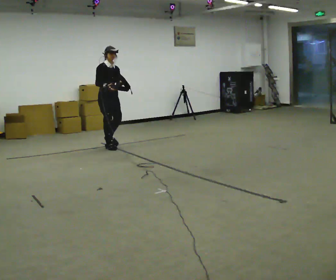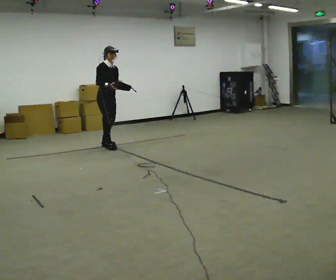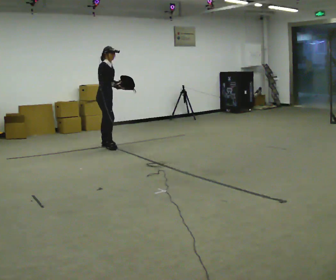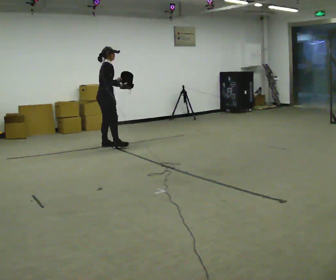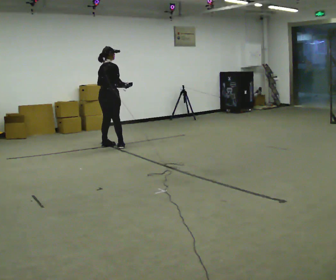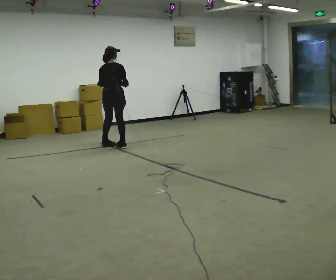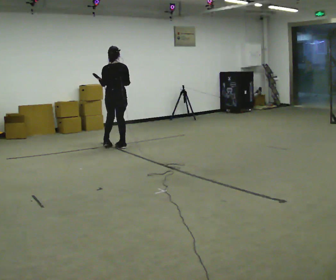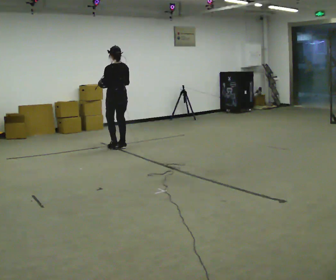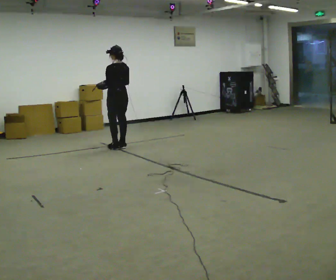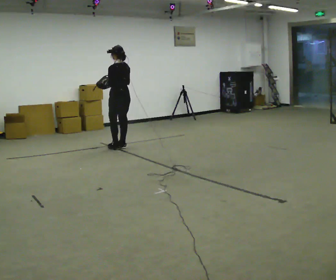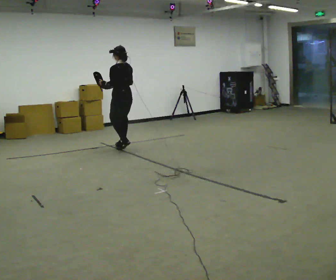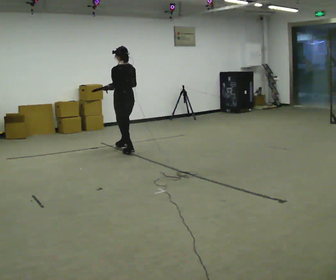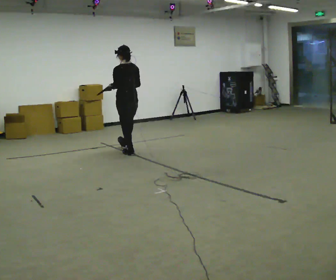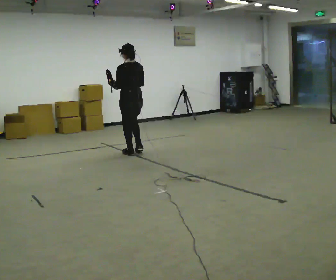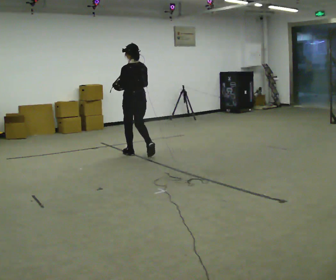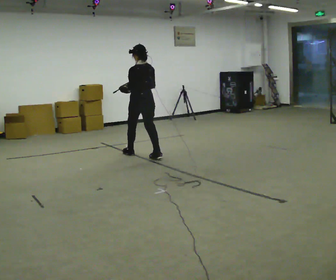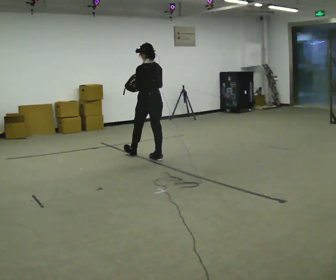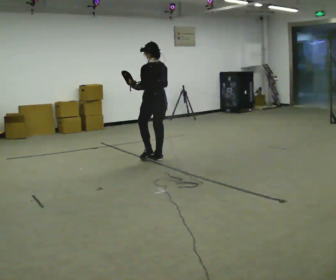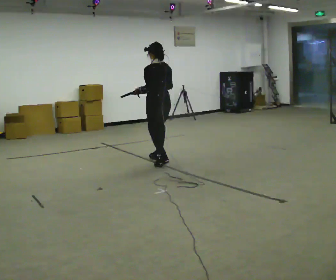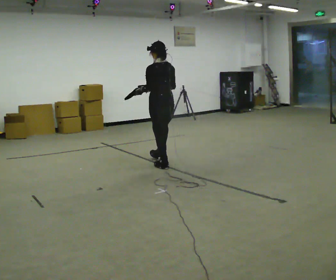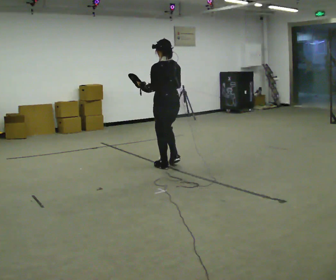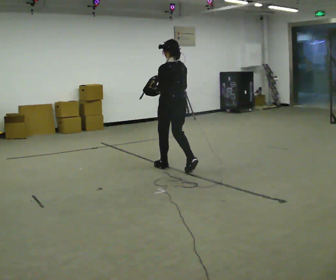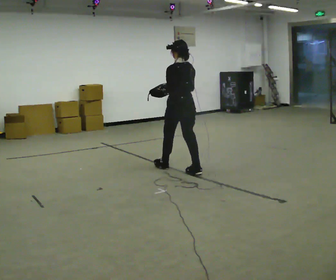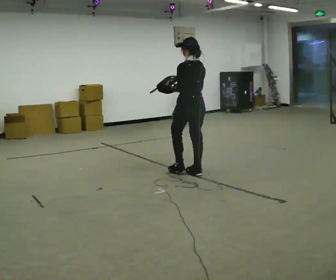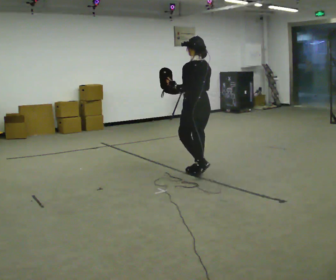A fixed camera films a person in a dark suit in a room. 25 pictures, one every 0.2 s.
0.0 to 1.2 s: The part of the body nearest the lens slides to the right as the person turns to their left by about 150 degrees.
1.2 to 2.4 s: The person turns about 30 degrees to their left, counterclockwise seen from above, so the part of the body nearest the lens slides to the right. In the picture they go toward the camera and to the right, about 0.5 m in 2 steps, which for them is backward.
2.4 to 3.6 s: In the picture they go toward the camera and to the right, about 1 m in 1 step, which for them is backward.
3.6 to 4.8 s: In the picture they go toward the camera and to the right, about 1 m in 2 steps, which for them is backward.
The film runs backward here.
